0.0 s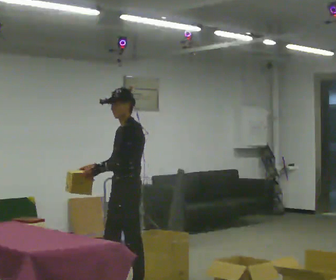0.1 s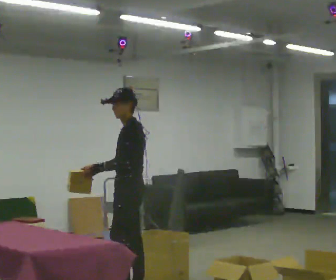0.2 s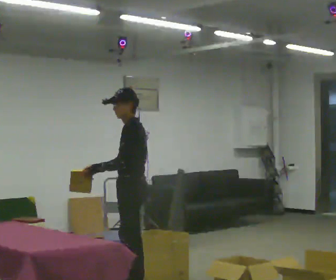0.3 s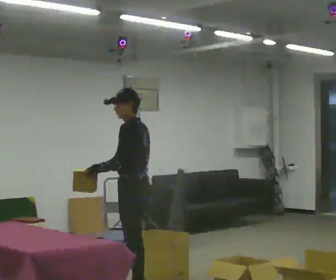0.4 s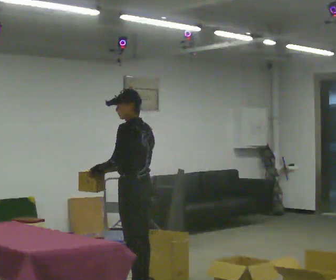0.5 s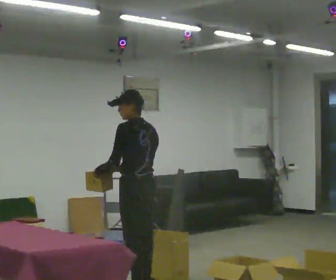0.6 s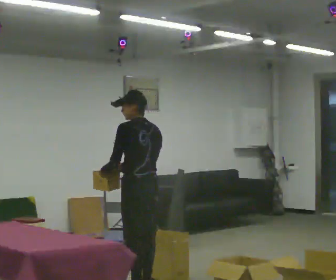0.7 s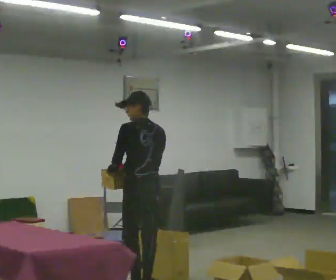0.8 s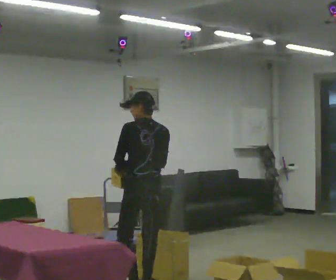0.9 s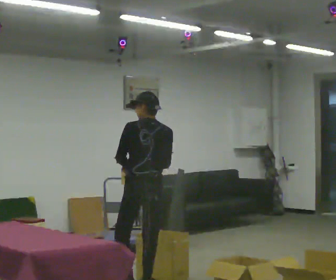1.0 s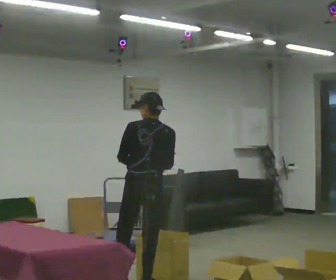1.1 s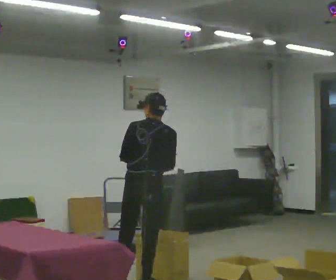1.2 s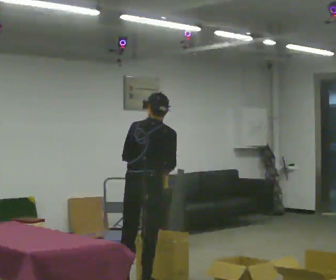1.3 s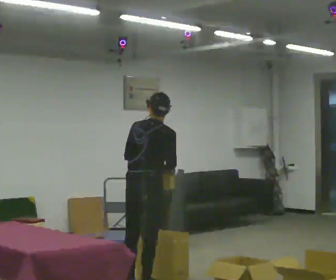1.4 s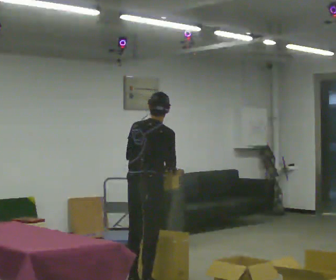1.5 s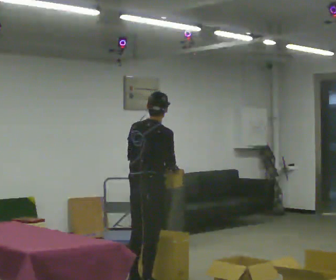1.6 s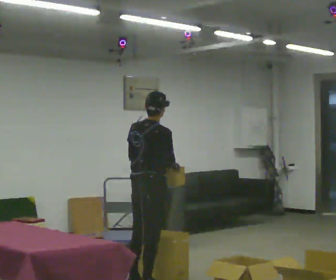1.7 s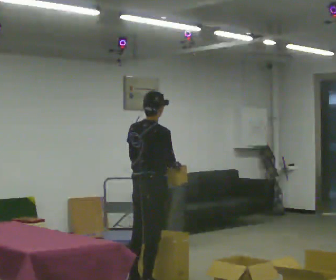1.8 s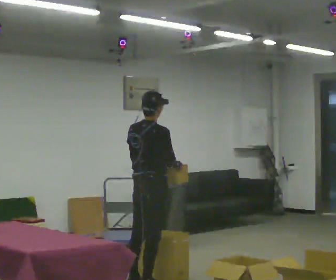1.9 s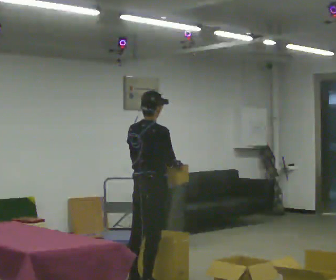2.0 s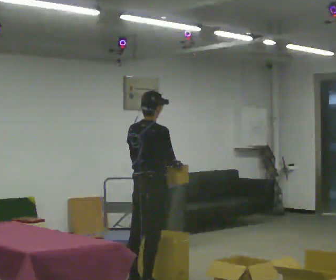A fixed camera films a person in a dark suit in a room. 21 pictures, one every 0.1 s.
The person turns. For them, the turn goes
to their right.
The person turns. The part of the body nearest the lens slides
to the left.
0.0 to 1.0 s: The person turns about 105 degrees to their right, clockwise seen from above, so the part of the body nearest the lens slides to the left. In the picture their right hand goes to the right.
1.0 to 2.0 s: The part of the body nearest the lens slides to the left as the person turns to their right by about 45 degrees. In the picture they go away from the camera, about 0.25 m, which for them is forward.
The film runs backward here.
